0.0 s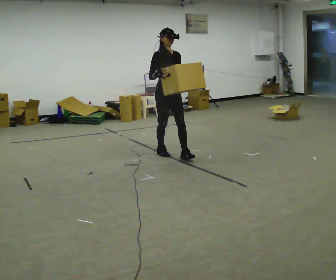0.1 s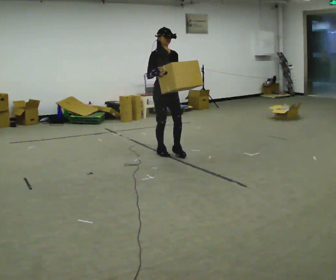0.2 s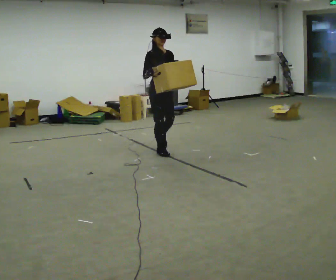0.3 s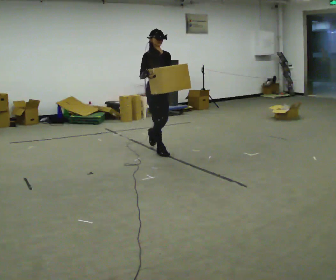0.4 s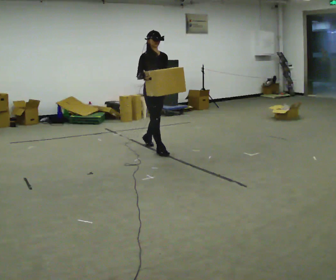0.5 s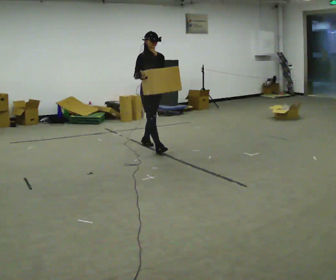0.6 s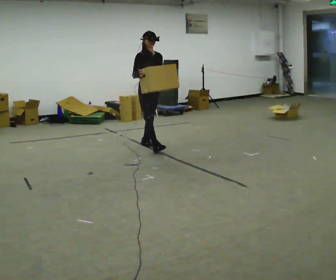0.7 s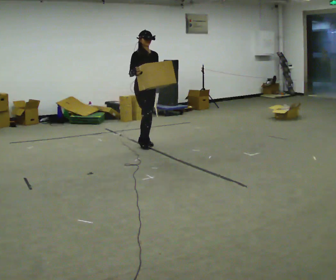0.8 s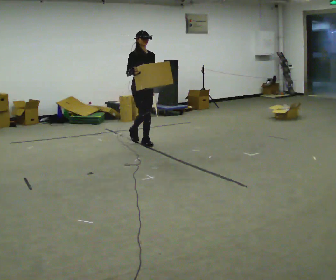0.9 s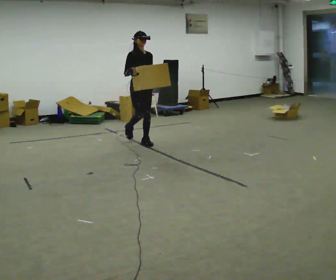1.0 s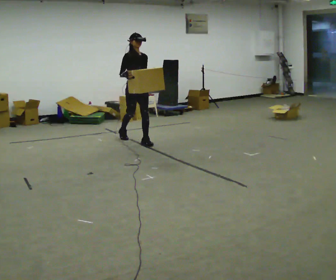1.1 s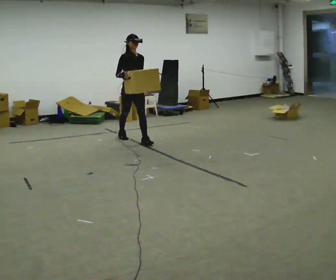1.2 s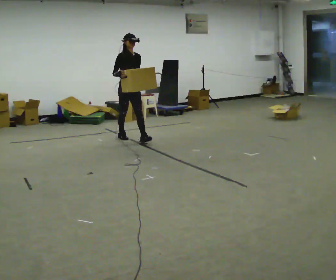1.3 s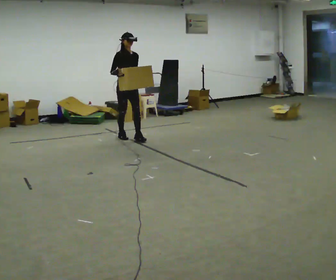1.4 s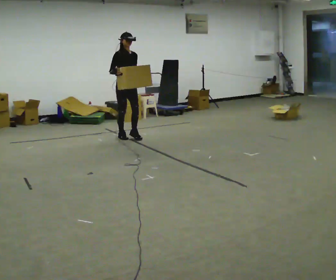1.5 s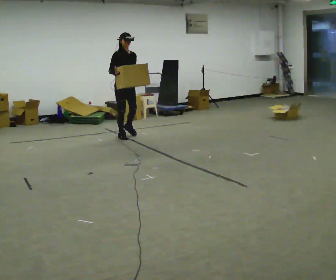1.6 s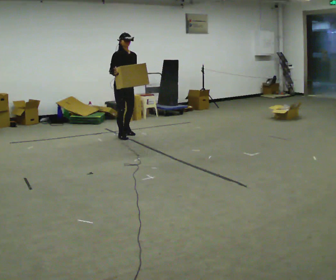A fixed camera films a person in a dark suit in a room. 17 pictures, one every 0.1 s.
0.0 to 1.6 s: In the picture they go away from the camera and to the left, about 1 m in 2 steps, which for them is backward.
The film runs backward here.
